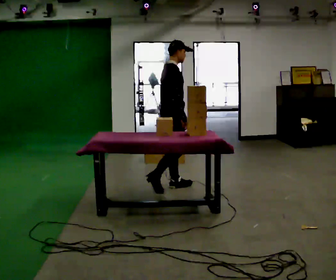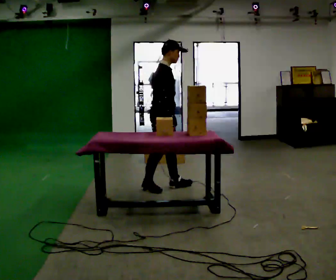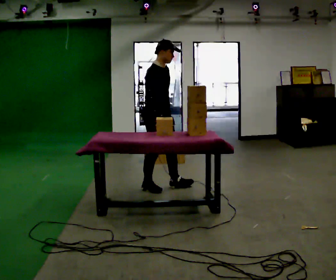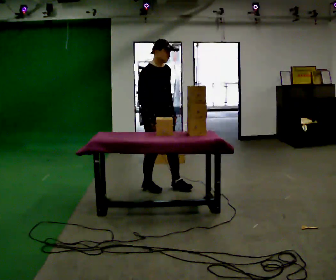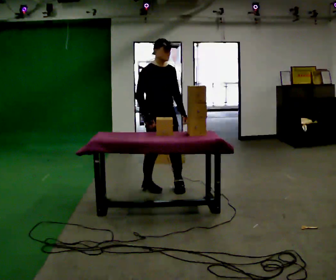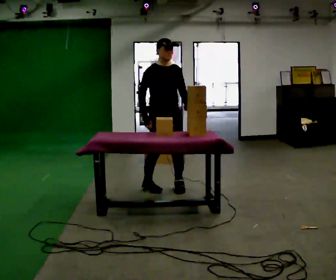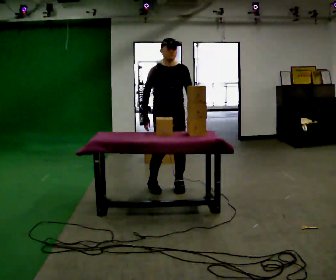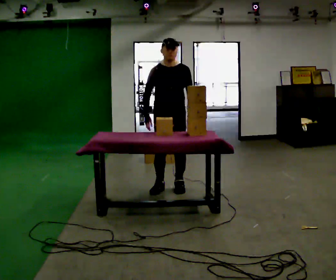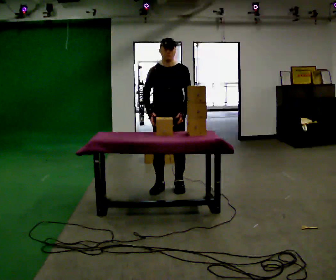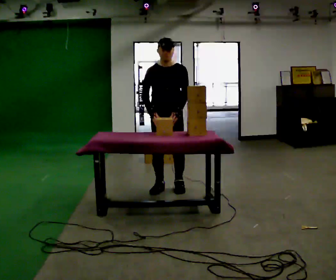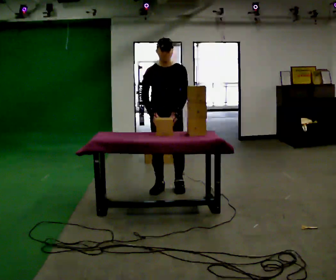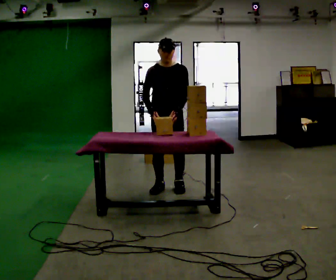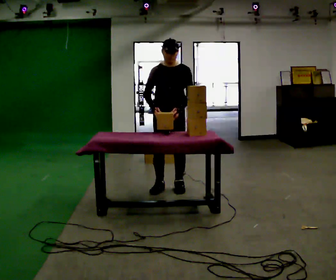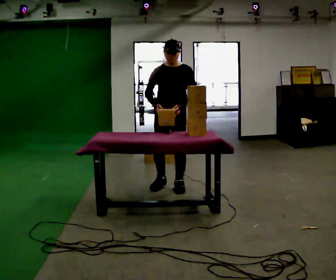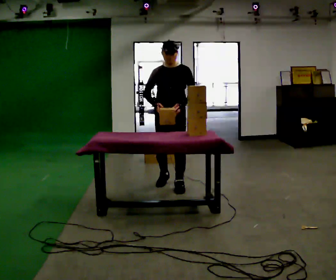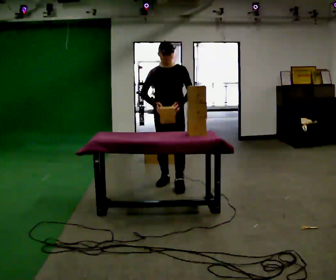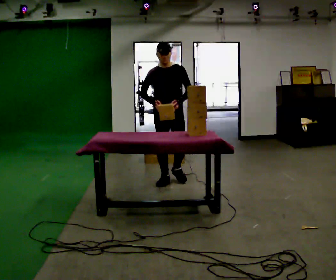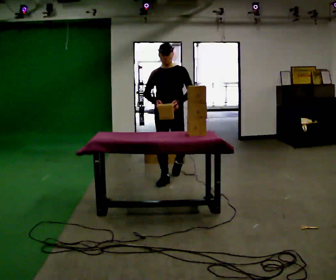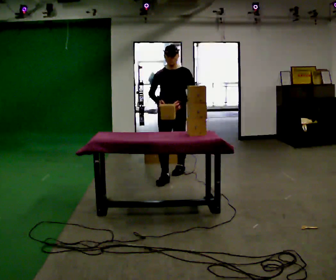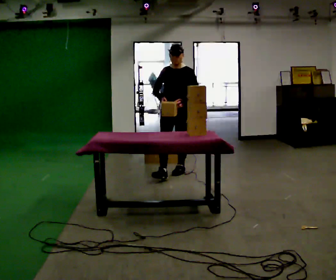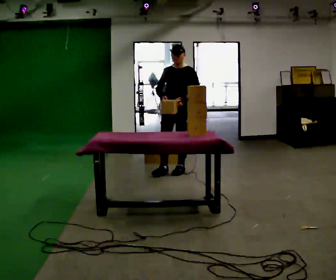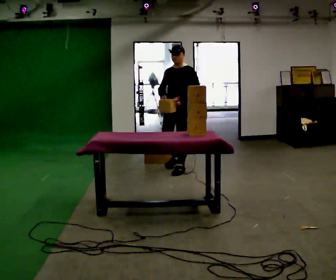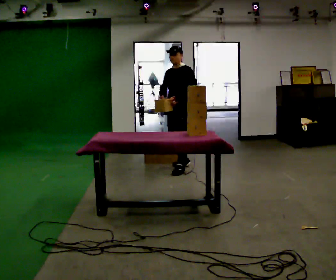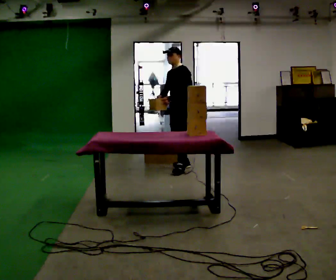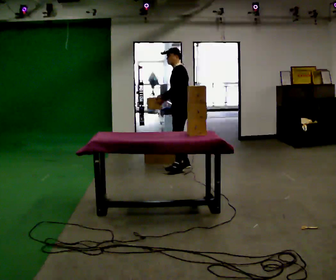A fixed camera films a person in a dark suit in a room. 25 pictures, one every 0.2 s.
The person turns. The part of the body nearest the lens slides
to the left.
The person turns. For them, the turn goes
to their right.
0.0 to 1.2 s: The part of the body nearest the lens slides to the left as the person turns to their right by about 75 degrees.
1.2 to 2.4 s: The person moves a little, or ends about where they began.
2.4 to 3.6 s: In the picture they go away from the camera, about 0.5 m in 2 steps, which for them is backward.
3.6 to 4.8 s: The part of the body nearest the lens slides to the left as the person turns to their right by about 75 degrees. In the picture they go away from the camera, about 0.5 m in 1 step.
The film runs backward here.
